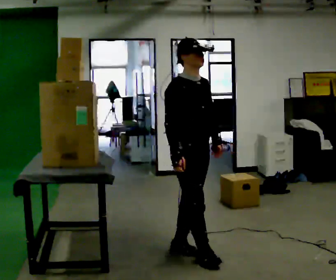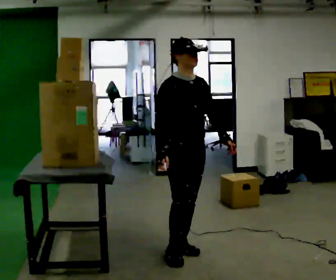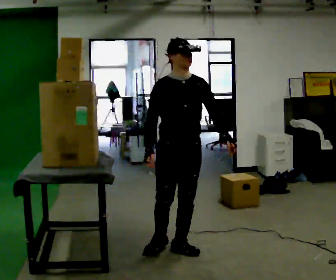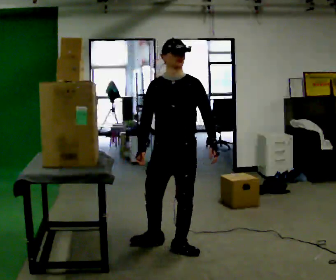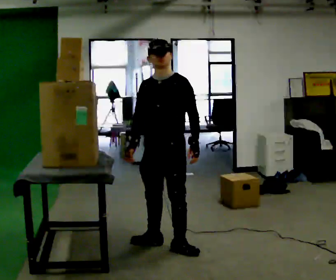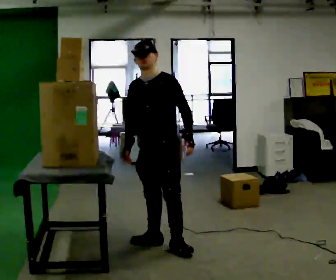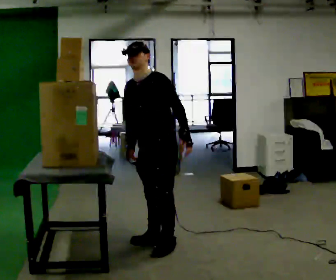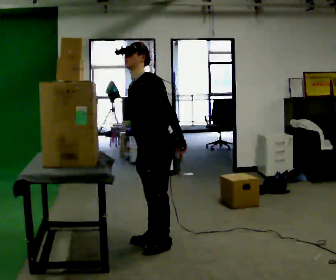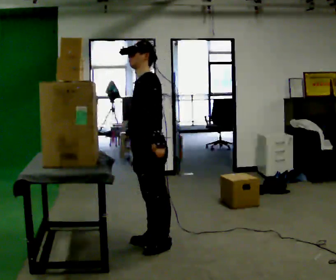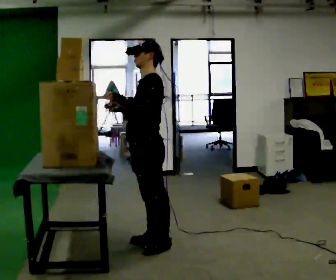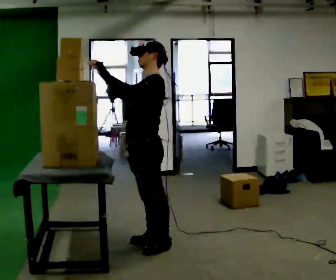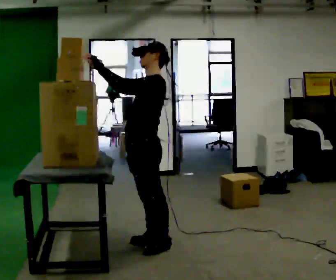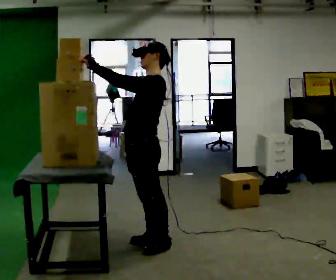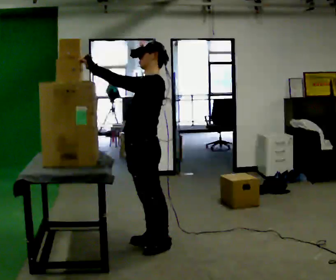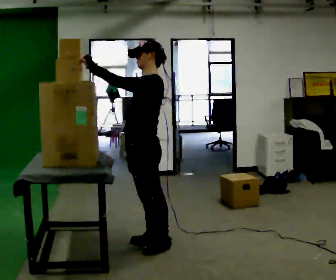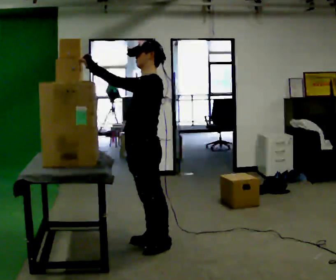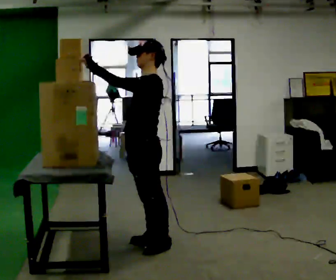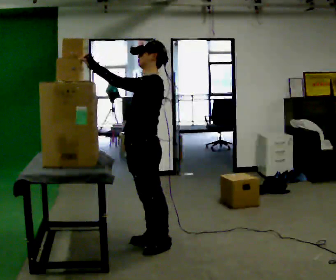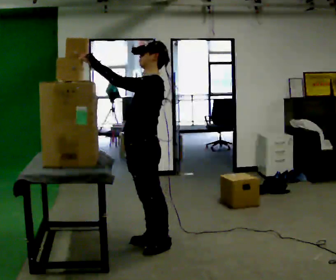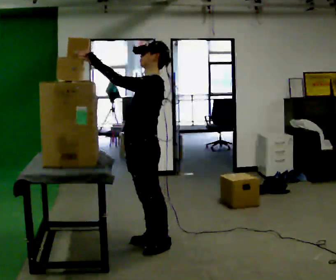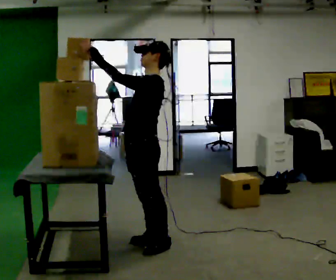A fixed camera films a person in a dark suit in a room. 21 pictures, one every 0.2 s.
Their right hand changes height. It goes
upward.
The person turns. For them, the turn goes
to their right.
0.0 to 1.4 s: Seen from above the body turns clockwise, about 105 degrees: to their right, with its near side sliding to the left. In the picture they go away from the camera and to the left, about 0.25 m. In the picture the upper body tilts counterclockwise, shoulders to the left.
1.4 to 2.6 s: In the picture the upper body tilts clockwise, shoulders to the right, as they lean back or straighten. In the picture their left hand goes to the left and upward.
2.6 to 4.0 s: The person moves a little, or ends about where they began.
The film runs backward here.
